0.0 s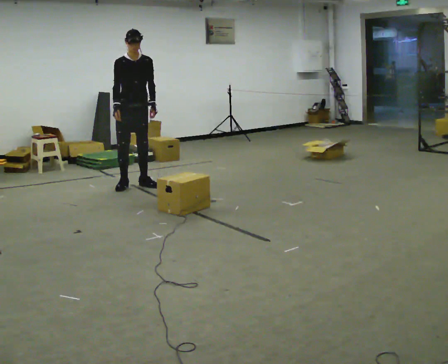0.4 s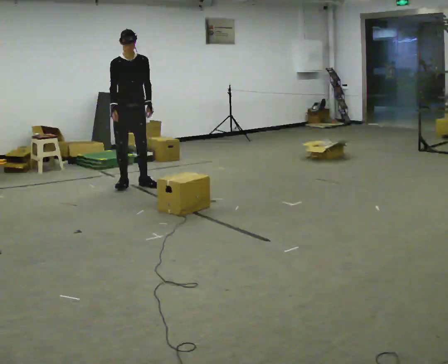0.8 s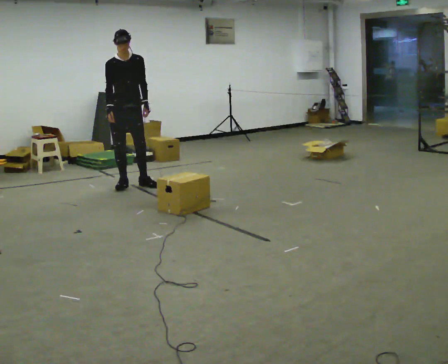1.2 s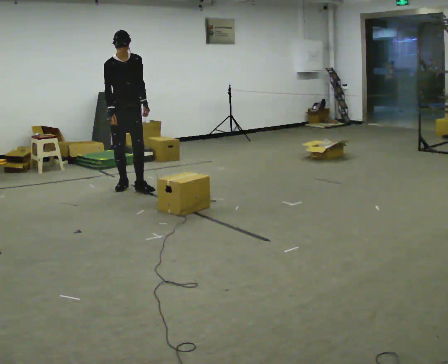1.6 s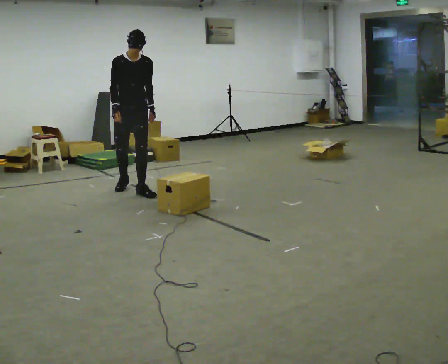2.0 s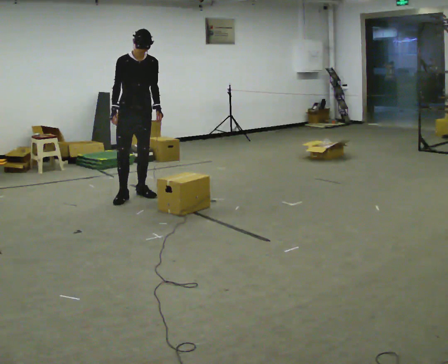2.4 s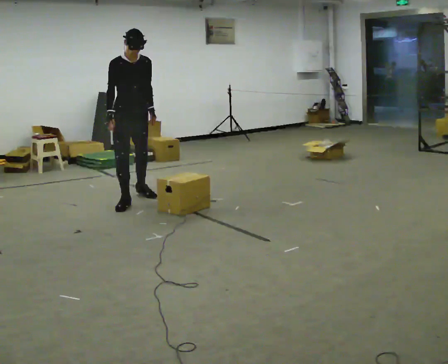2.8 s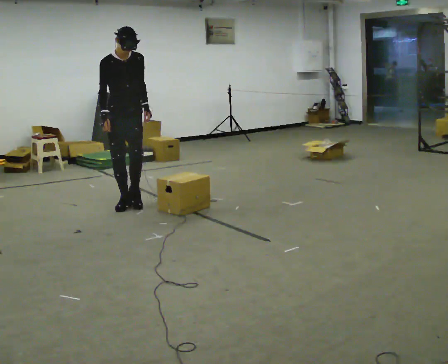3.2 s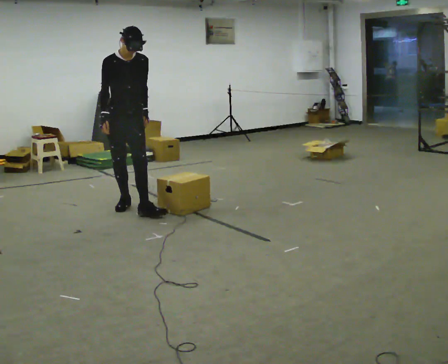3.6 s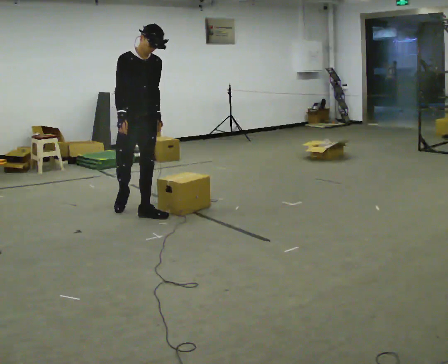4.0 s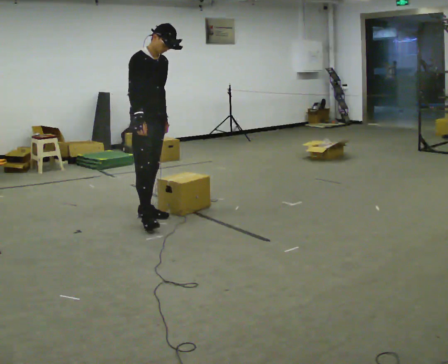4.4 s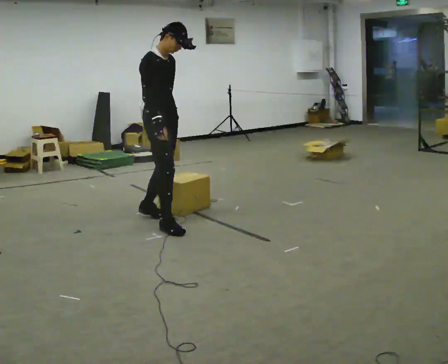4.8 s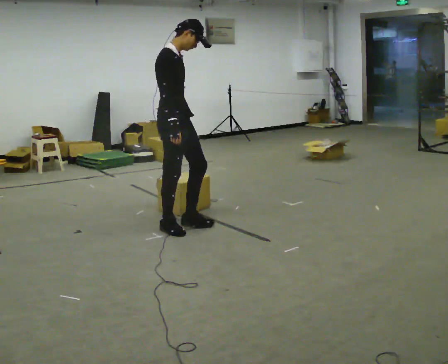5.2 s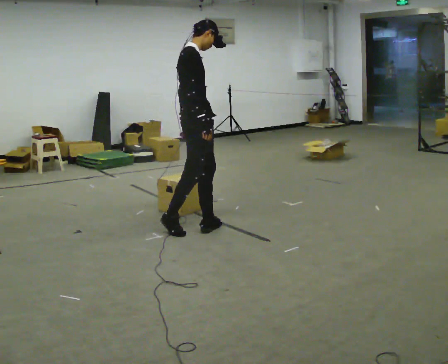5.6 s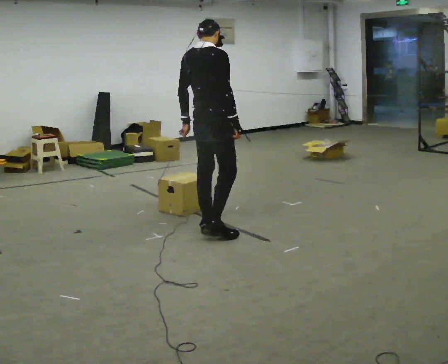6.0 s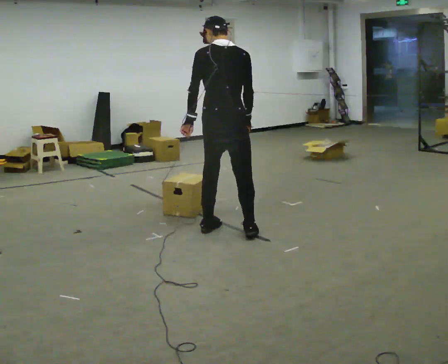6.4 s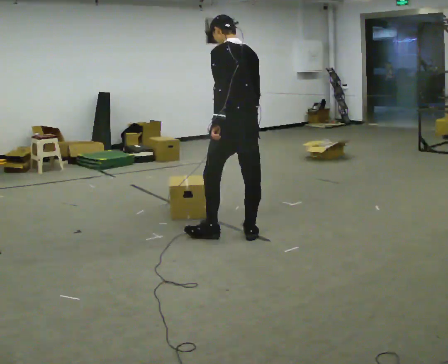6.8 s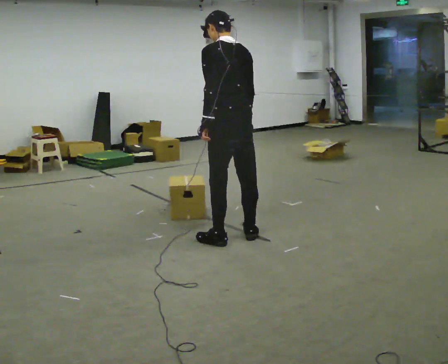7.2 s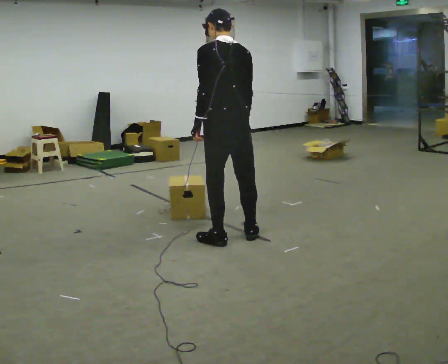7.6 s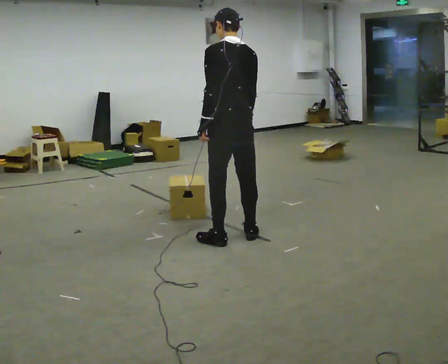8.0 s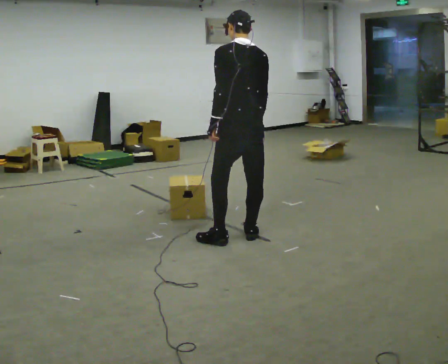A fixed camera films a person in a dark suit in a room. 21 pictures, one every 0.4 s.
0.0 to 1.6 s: In the picture they go toward the camera, about 0.25 m in 1 step, which for them is forward.
1.6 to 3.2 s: In the picture they go toward the camera, about 0.75 m in 2 steps, which for them is forward and to their right.
3.2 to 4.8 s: The person turns about 60 degrees to their left, counterclockwise seen from above, so the part of the body nearest the lens slides to the right. In the picture they go toward the camera and to the right, about 1 m in 1 step, which for them is forward.
4.8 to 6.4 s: Seen from above the body turns counterclockwise, about 135 degrees: to their left, with its near side sliding to the right. In the picture they go to the right and toward the camera, about 0.75 m in 2 steps.
6.4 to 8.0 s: The person moves a little, or ends about where they began.
The film runs forward here.
